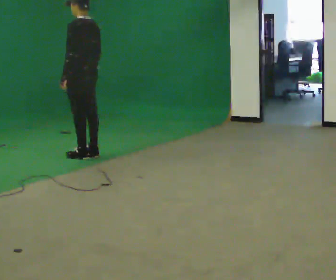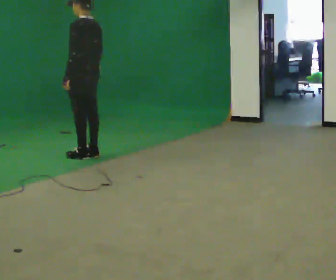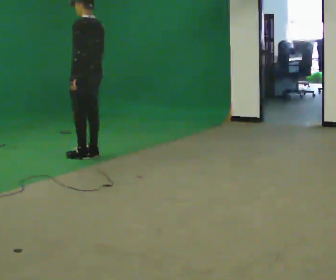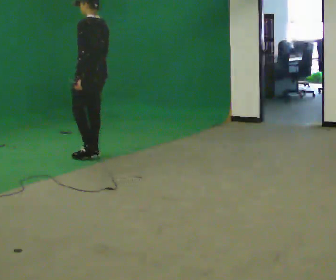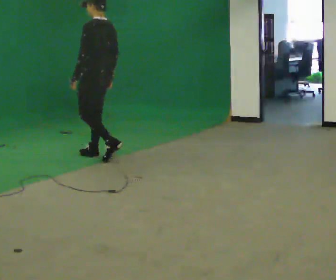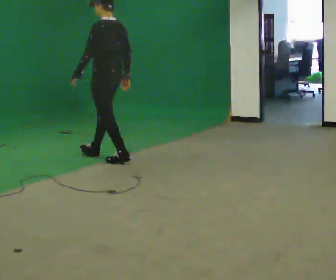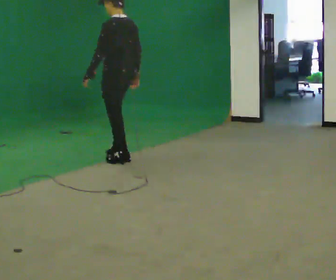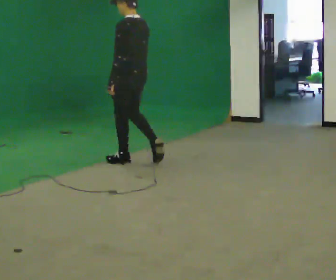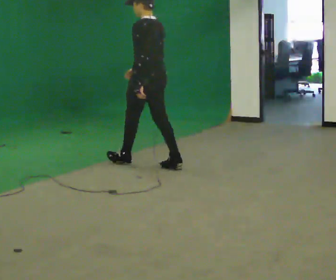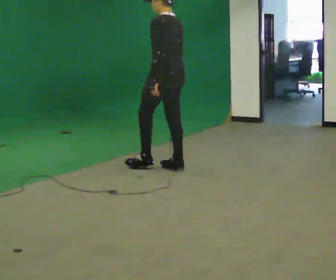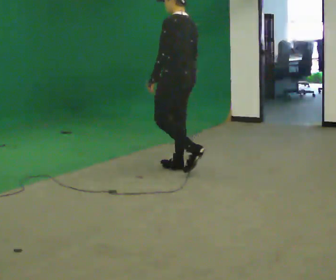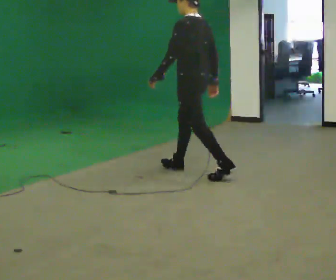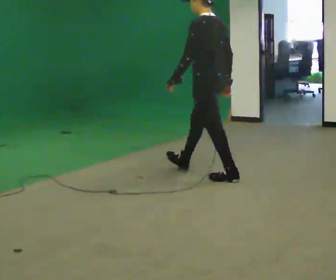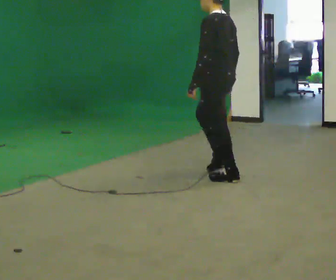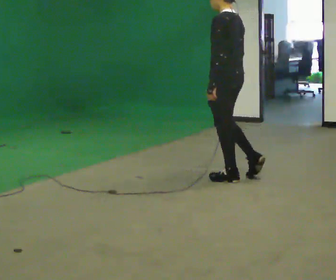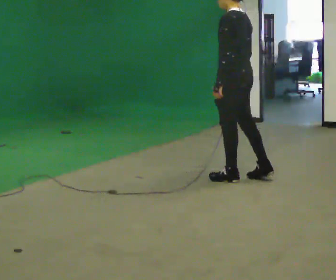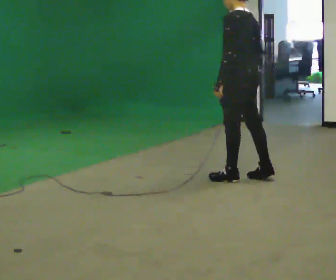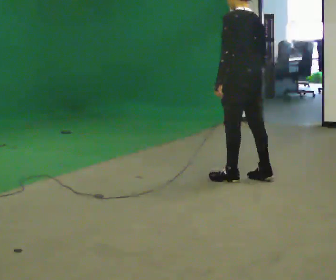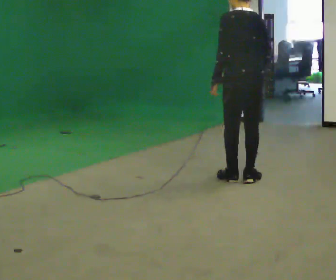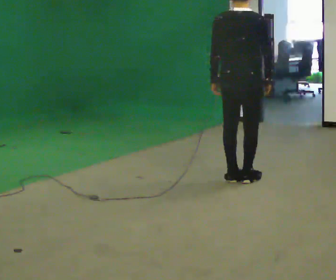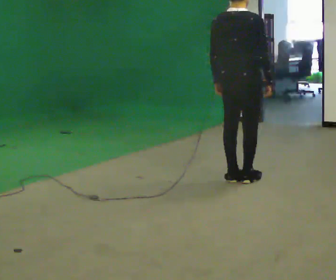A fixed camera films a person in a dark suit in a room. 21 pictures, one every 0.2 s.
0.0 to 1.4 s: In the picture they go to the right and toward the camera, about 0.75 m in 2 steps, which for them is backward.
1.4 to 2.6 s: In the picture they go to the right and toward the camera, about 1 m in 2 steps, which for them is backward.
2.6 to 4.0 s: Seen from above the body turns clockwise, about 90 degrees: to their right, with its near side sliding to the left.
The film runs backward here.
